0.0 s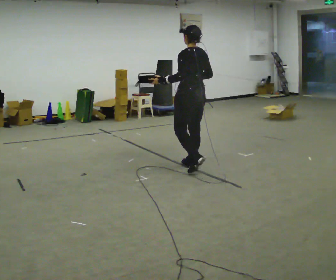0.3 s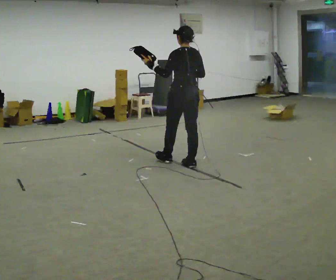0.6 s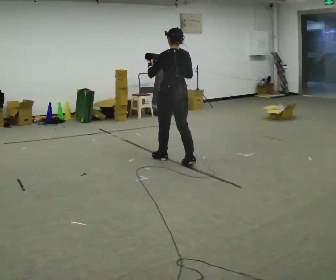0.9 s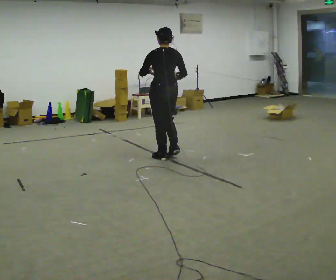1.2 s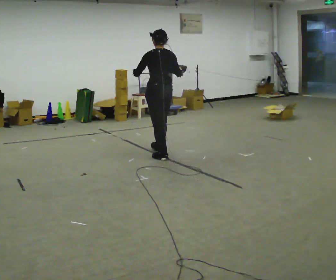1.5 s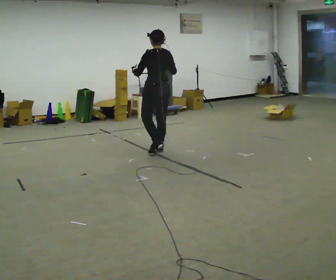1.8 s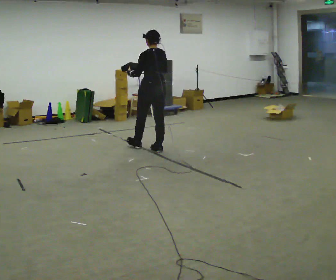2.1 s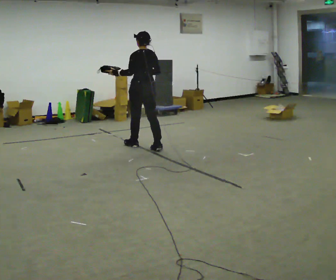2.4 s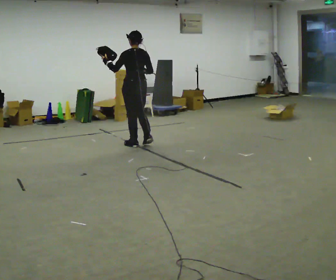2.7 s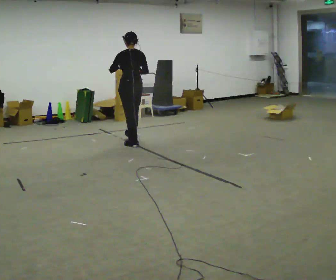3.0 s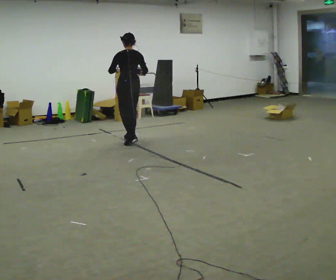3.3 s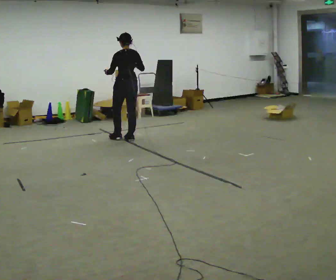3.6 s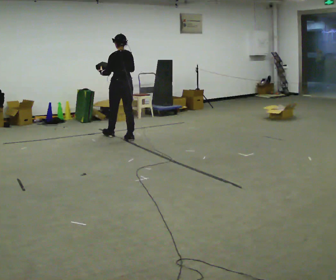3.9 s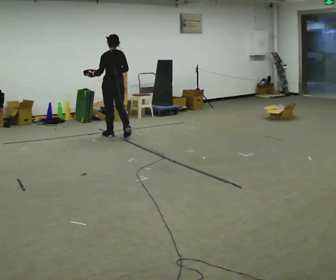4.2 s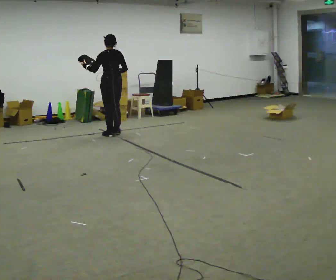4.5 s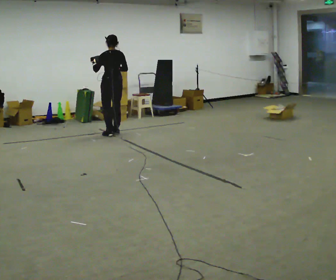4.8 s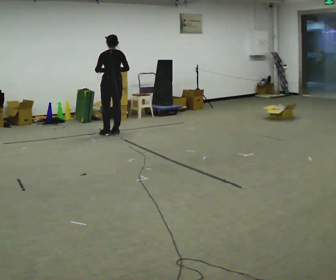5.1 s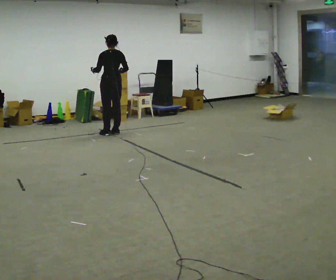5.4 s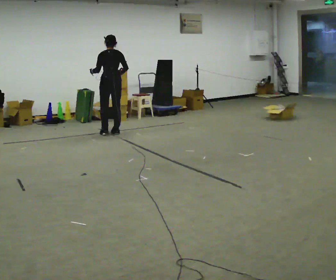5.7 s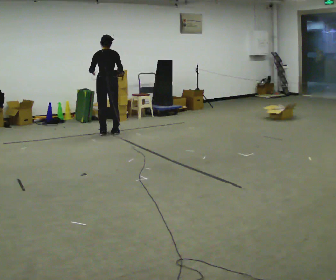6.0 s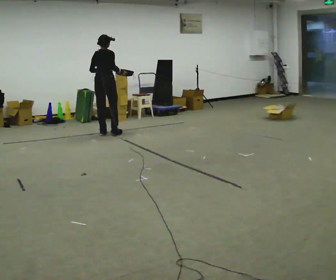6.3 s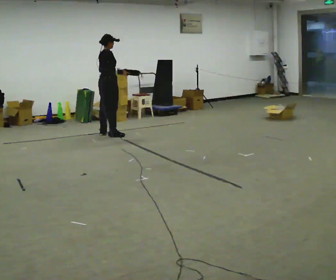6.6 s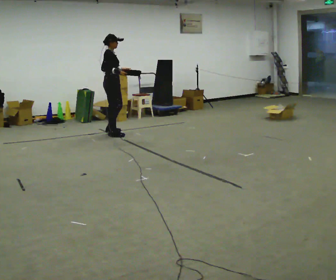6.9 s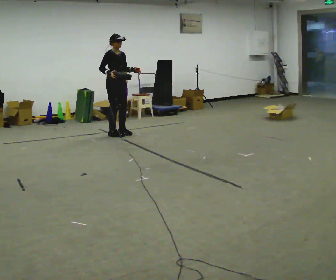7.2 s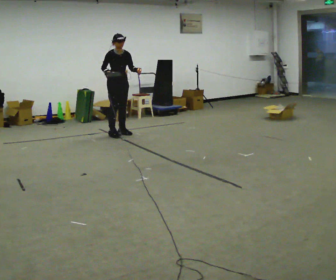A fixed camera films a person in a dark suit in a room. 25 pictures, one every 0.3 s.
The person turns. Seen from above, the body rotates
clockwise.
The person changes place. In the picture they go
away from the camera.
0.0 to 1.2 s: In the picture they go away from the camera and to the left, about 0.75 m in 2 steps, which for them is forward.
1.2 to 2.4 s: In the picture they go away from the camera and to the left, about 0.5 m in 1 step, which for them is forward.
2.4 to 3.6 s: In the picture they go away from the camera and to the left, about 0.5 m in 2 steps, which for them is forward.
3.6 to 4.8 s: In the picture they go away from the camera and to the left, about 0.25 m in 1 step, which for them is forward.
4.8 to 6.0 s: The person turns about 45 degrees to their right, clockwise seen from above, so the part of the body nearest the lens slides to the left.
6.0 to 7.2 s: The part of the body nearest the lens slides to the left as the person turns to their right by about 120 degrees. In the picture they go to the right, about 0.25 m in 2 steps. In the picture their left hand goes to the right.
The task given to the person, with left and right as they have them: Carry the object in one hand and, while walking, pass it to your other hand. Keep passing it back and forth as you walk.
The film runs forward here.
